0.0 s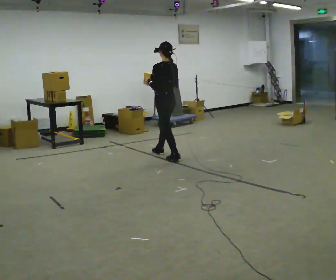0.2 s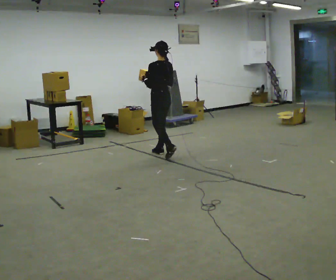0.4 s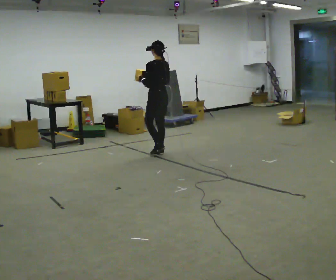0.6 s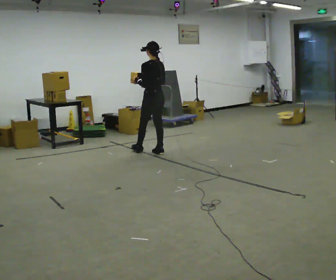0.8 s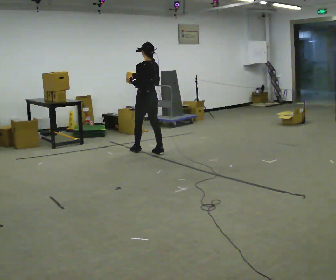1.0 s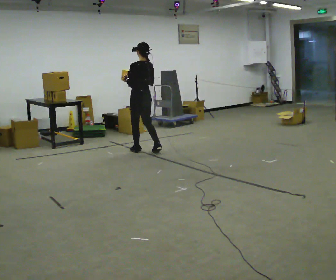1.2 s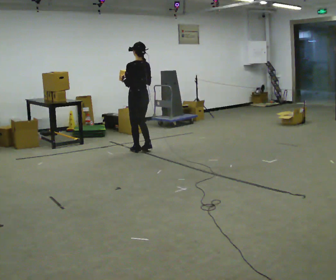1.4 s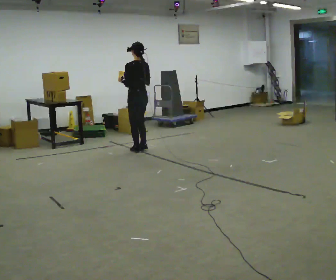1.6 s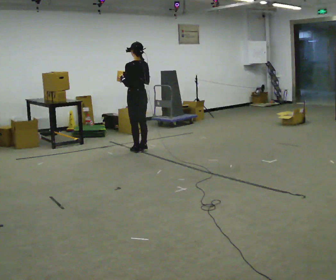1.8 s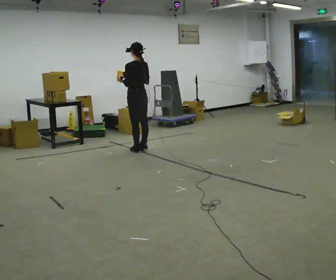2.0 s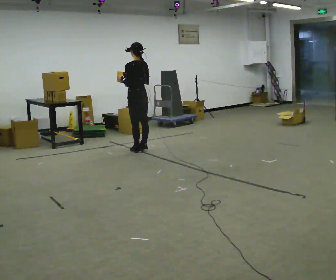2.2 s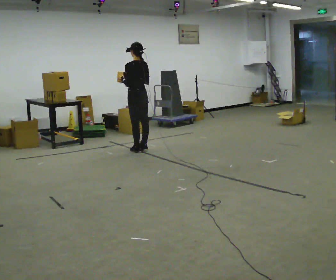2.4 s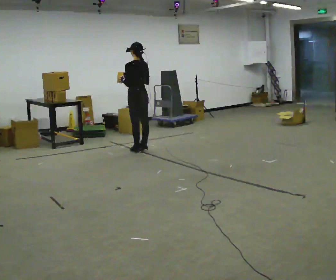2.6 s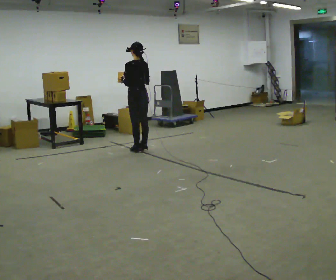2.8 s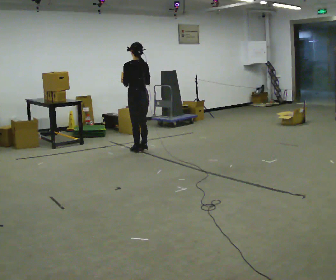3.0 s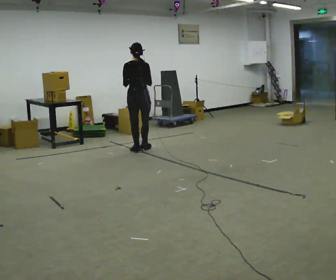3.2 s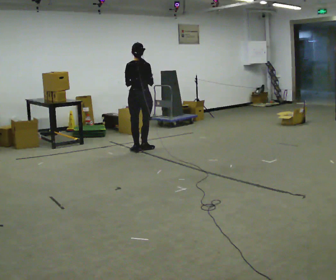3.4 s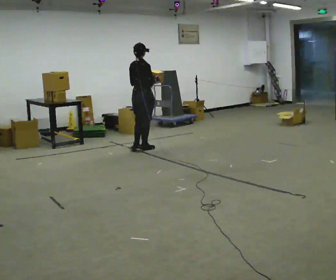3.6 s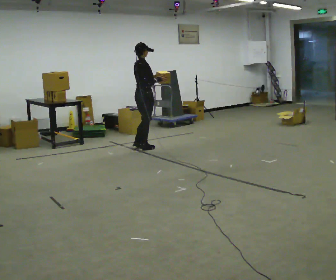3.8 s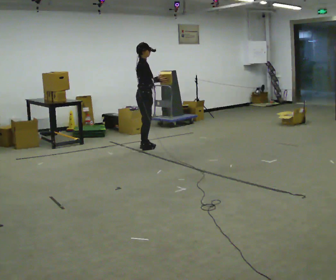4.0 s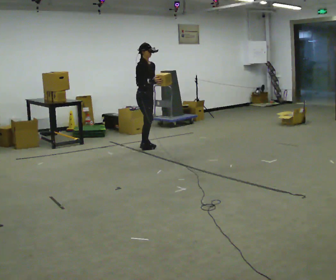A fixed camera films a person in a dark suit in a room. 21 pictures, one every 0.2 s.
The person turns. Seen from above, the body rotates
clockwise.
The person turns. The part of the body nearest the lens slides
to the left.
0.0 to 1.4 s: In the picture they go away from the camera and to the left, about 0.5 m in 2 steps, which for them is forward.
1.4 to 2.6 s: The person moves a little, or ends about where they began.
2.6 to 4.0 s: The person turns about 150 degrees to their right, clockwise seen from above, so the part of the body nearest the lens slides to the left. In the picture they go away from the camera, about 0.25 m in 1 step.
The film runs forward here.
